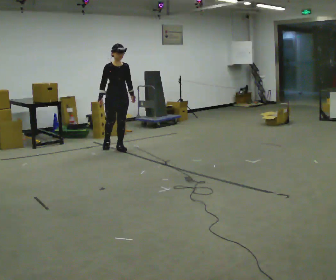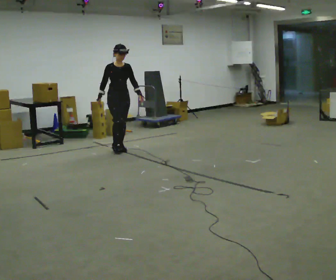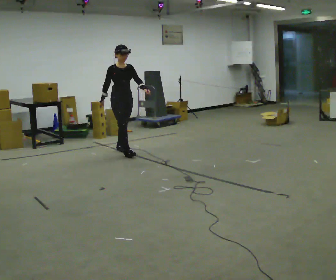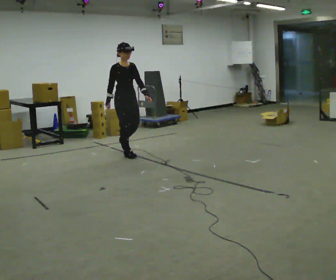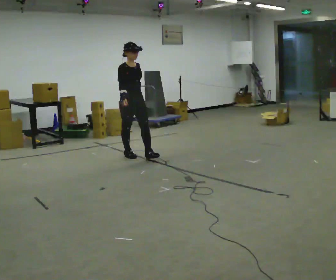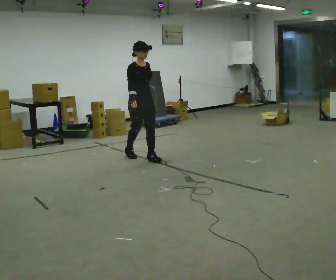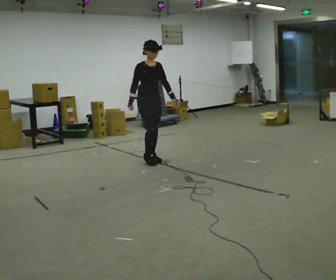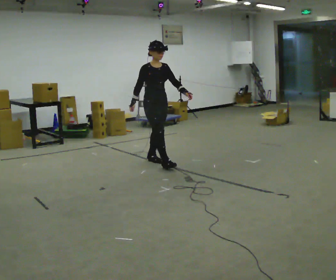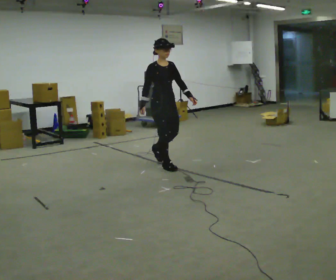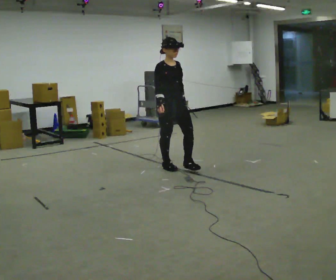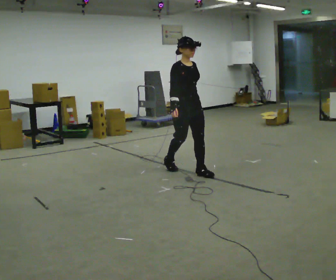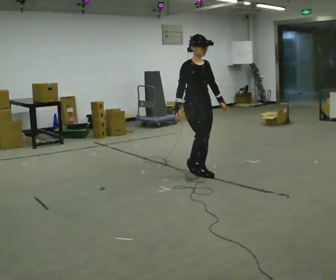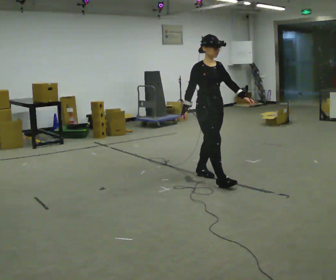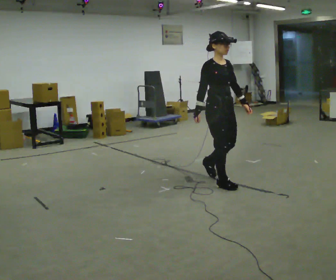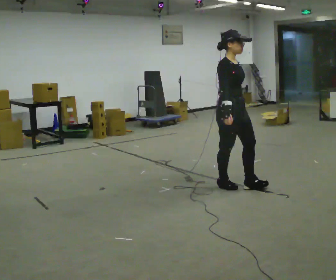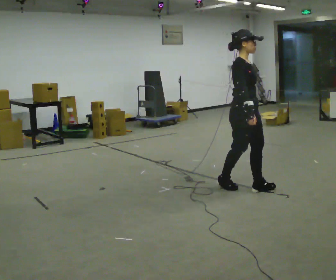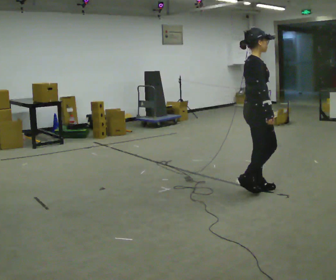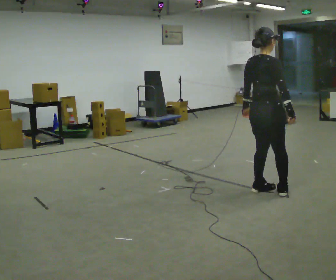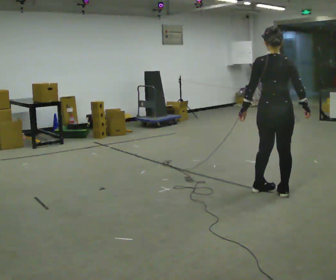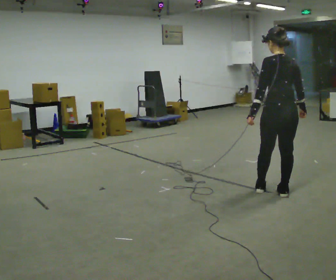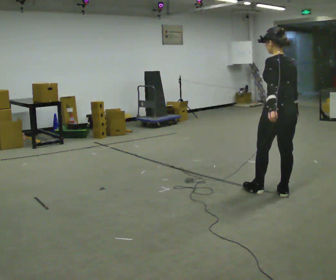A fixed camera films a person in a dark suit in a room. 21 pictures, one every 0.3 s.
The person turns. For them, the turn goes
to their left.
The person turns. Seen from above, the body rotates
counterclockwise.
0.0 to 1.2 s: The person turns about 30 degrees to their left, counterclockwise seen from above, so the part of the body nearest the lens slides to the right. In the picture they go toward the camera and to the right, about 0.5 m in 1 step, which for them is forward.
1.2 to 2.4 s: In the picture they go toward the camera and to the right, about 0.75 m in 2 steps, which for them is forward.
2.4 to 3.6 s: In the picture they go toward the camera and to the right, about 1 m in 2 steps, which for them is forward.
3.6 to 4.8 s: Seen from above the body turns counterclockwise, about 45 degrees: to their left, with its near side sliding to the right. In the picture they go toward the camera and to the right, about 0.5 m in 1 step, which for them is forward.
4.8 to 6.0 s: The part of the body nearest the lens slides to the right as the person turns to their left by about 120 degrees. In the picture they go to the right and toward the camera, about 0.25 m in 1 step.
The film runs forward here.
